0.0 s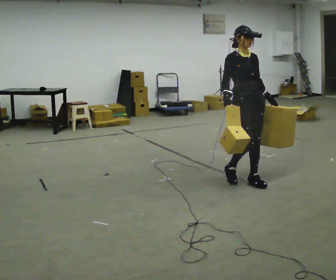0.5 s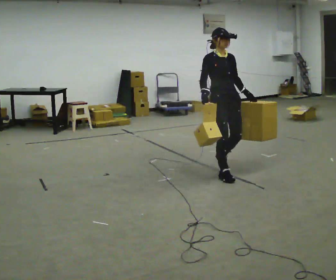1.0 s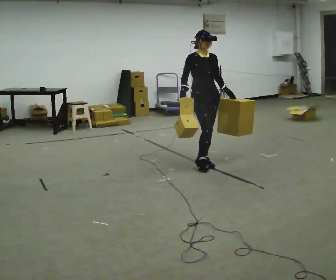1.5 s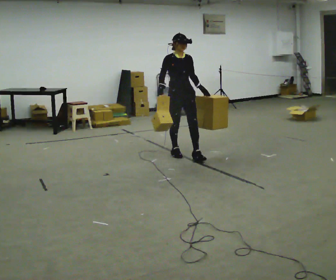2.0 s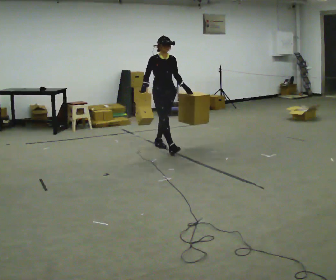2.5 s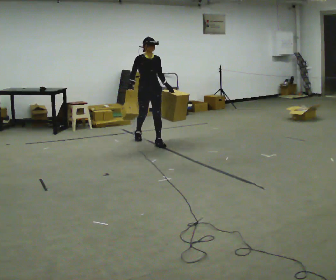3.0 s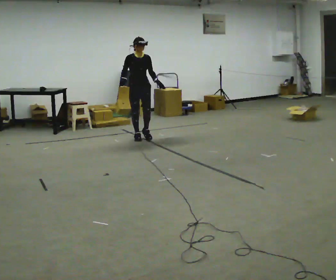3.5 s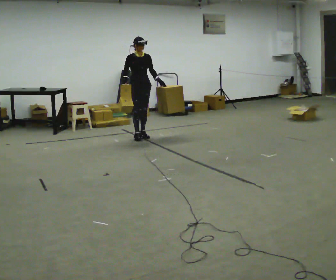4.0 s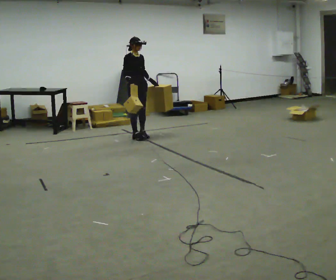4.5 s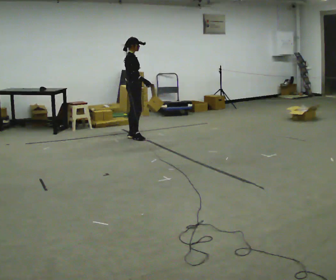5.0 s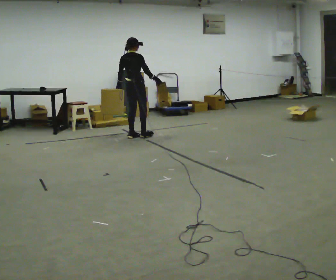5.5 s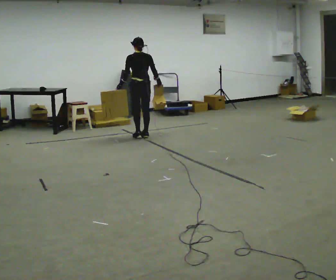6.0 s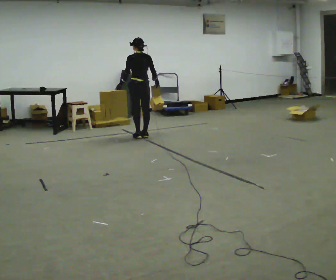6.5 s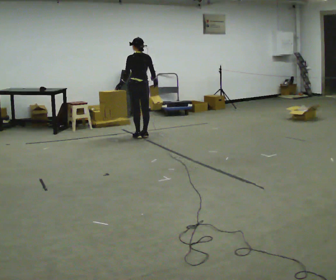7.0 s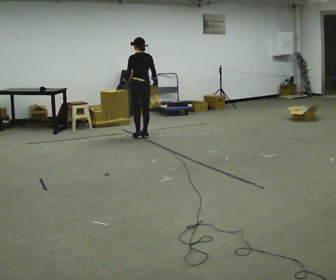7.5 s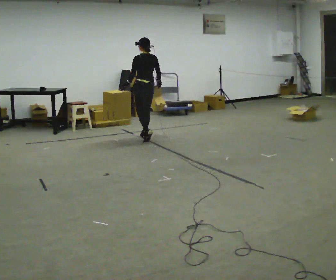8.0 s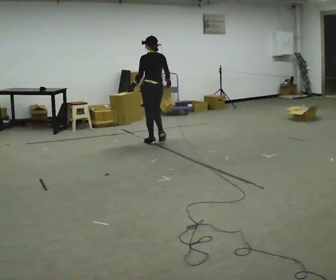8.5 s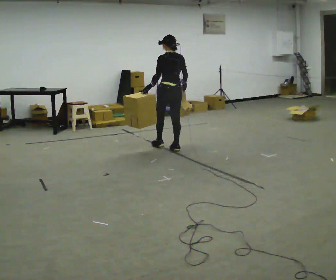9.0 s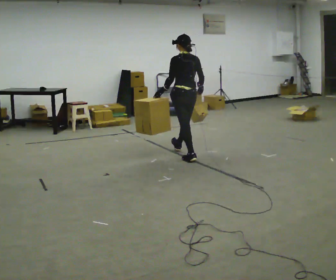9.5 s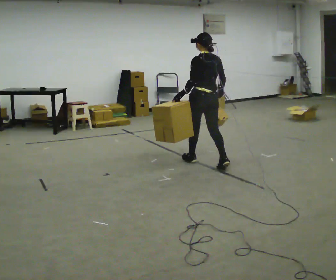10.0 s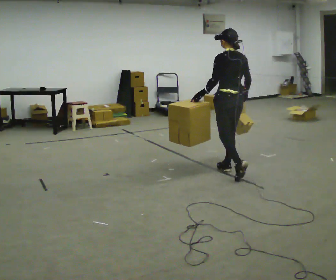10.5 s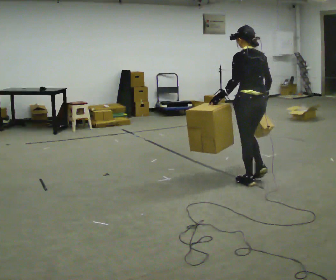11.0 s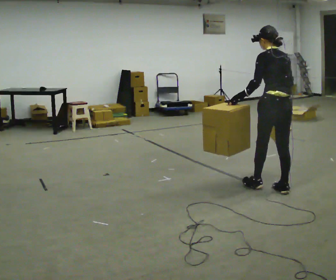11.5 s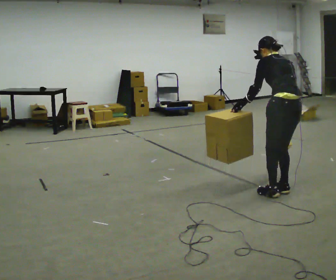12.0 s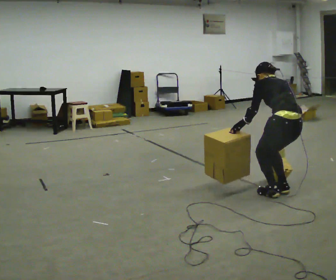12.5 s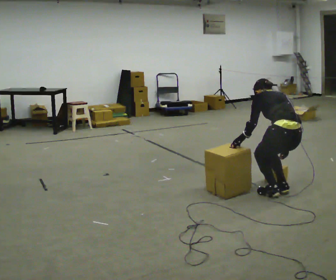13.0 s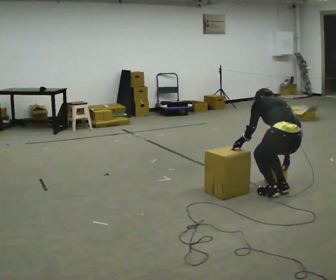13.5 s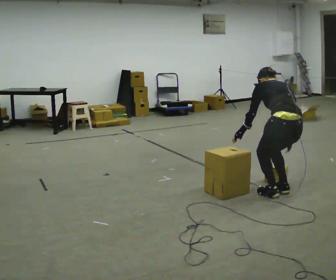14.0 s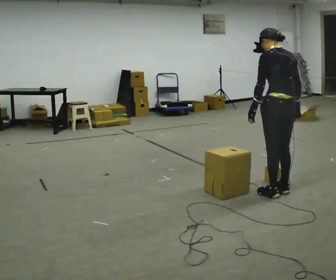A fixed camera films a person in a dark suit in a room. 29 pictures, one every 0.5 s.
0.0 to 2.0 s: In the picture they go away from the camera and to the left, about 1.5 m in 4 steps, which for them is backward.
2.0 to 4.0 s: In the picture they go away from the camera and to the left, about 1 m in 1 step, which for them is backward.
4.0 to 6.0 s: The person turns about 150 degrees to their left, counterclockwise seen from above, so the part of the body nearest the lens slides to the right. In the picture their right hand goes to the right.
6.0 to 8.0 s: In the picture they go toward the camera and to the right, about 0.5 m in 2 steps, which for them is backward.
8.0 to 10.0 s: In the picture they go toward the camera and to the right, about 1.5 m in 3 steps, which for them is backward.
10.0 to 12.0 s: In the picture they go toward the camera and to the right, about 1 m in 2 steps, which for them is backward. The shoulders move downward. The upper body tips away from the camera, its near side rolling upward, as they bend forward. In the picture their right hand goes downward.
12.0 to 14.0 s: The person moves a little, or ends about where they began.
The film runs backward here.
